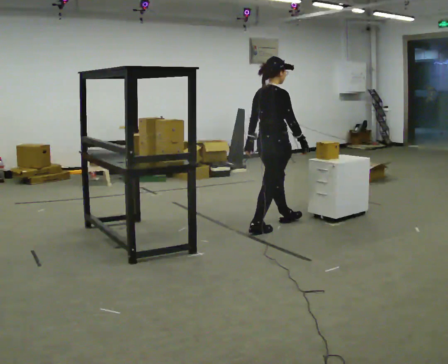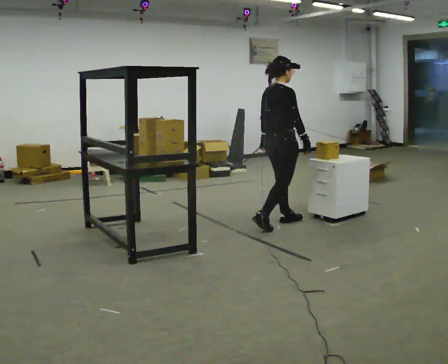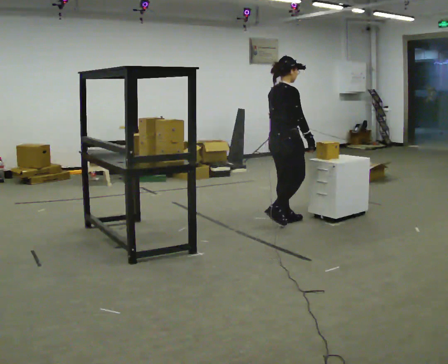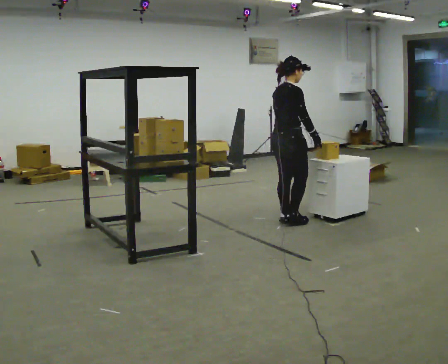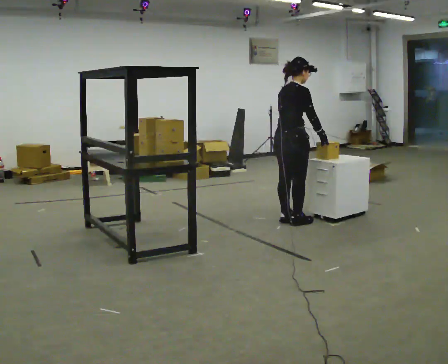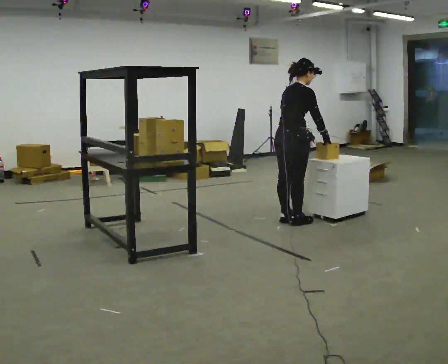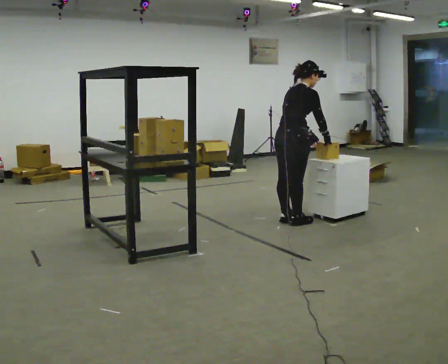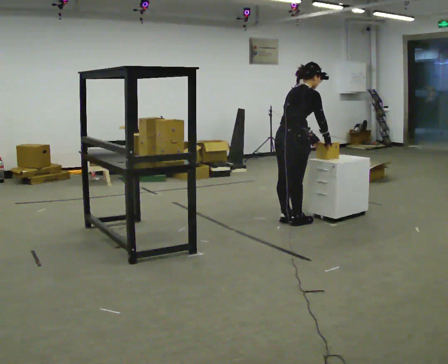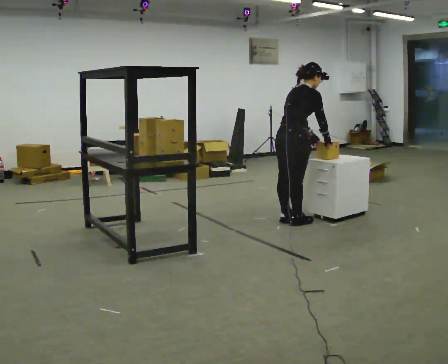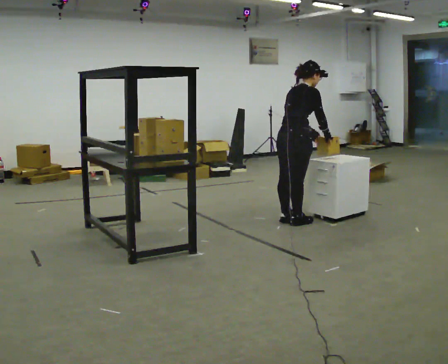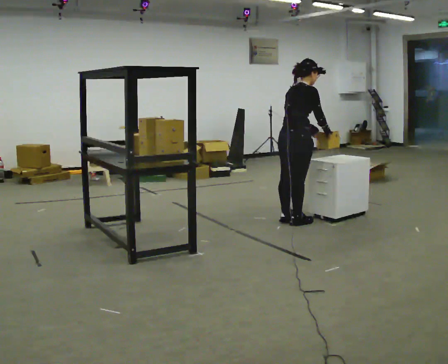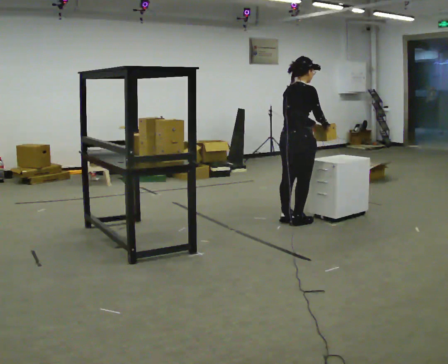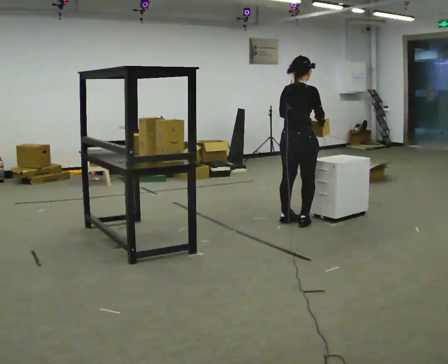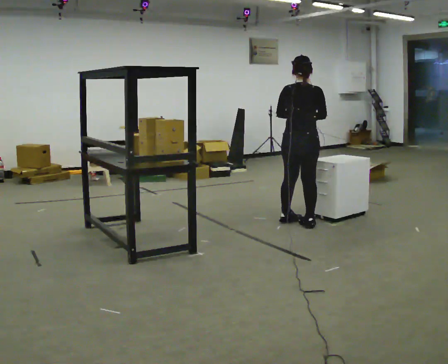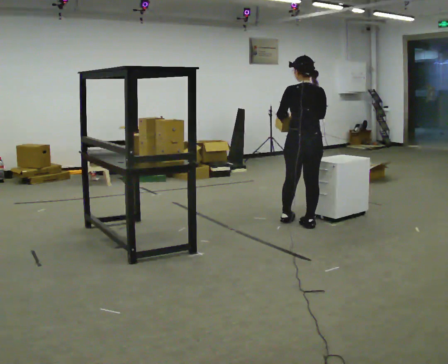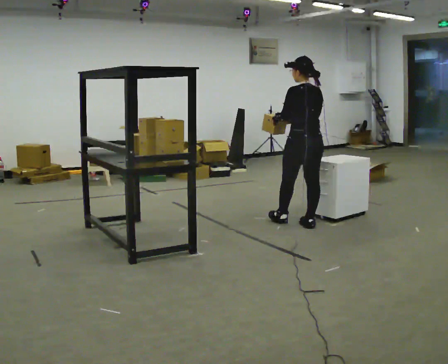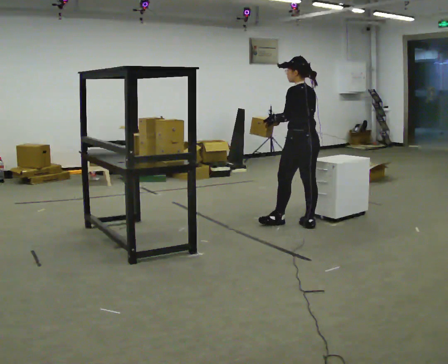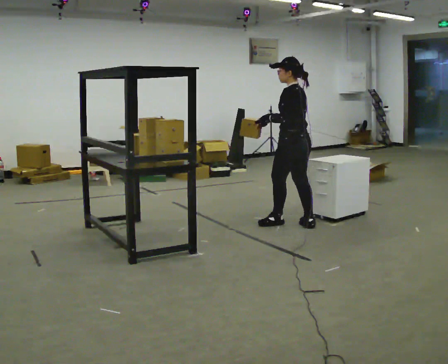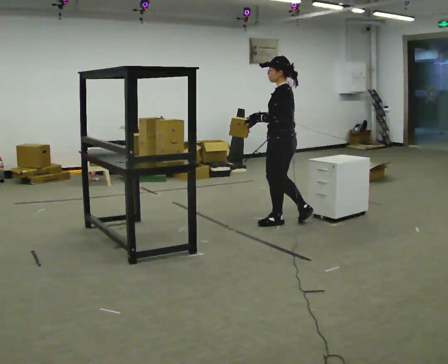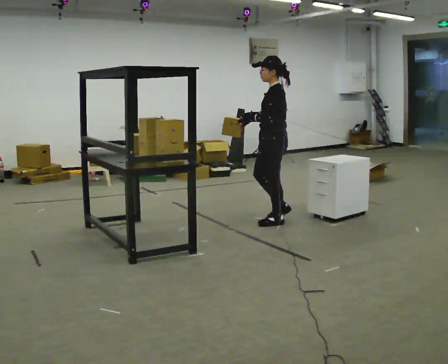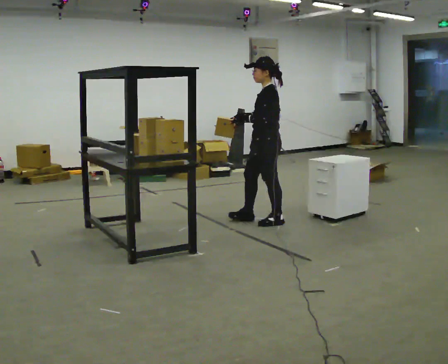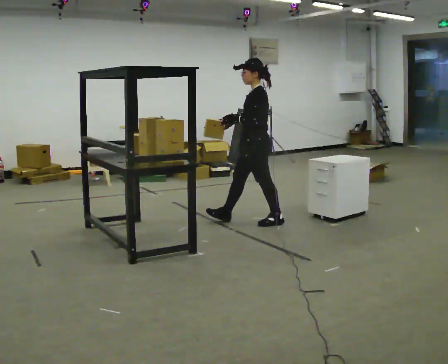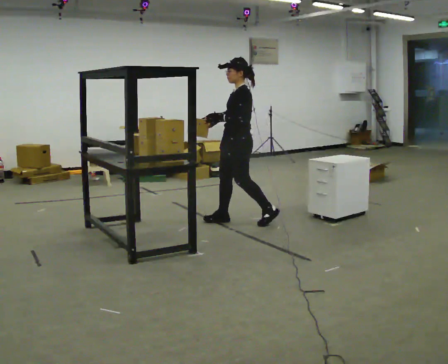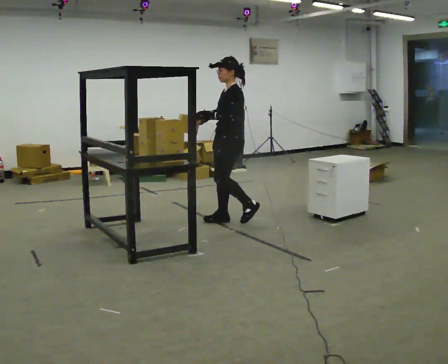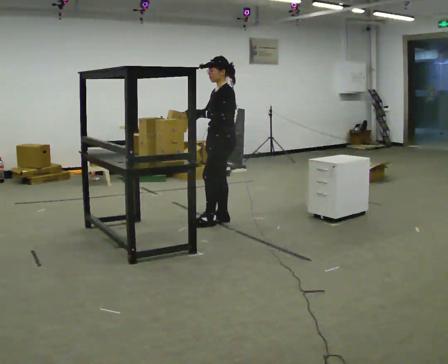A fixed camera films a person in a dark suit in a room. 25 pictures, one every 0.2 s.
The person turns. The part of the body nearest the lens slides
to the right.
The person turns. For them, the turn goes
to their left.
0.0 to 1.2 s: In the picture they go to the right, about 0.25 m in 1 step, which for them is forward. In the picture the upper body tilts clockwise, shoulders to the right, as they bend forward. In the picture their left hand goes to the right.
1.2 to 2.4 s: In the picture the upper body tilts counterclockwise, shoulders to the left, as they lean back or straighten.
2.4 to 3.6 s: The person turns about 105 degrees to their left, counterclockwise seen from above, so the part of the body nearest the lens slides to the right. In the picture their right hand goes to the left.
3.6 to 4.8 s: The person turns about 30 degrees to their left, counterclockwise seen from above, so the part of the body nearest the lens slides to the right. In the picture they go to the left, about 0.5 m in 1 step, which for them is forward.
The film runs forward here.
